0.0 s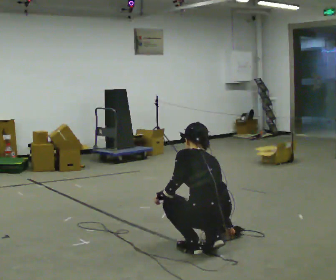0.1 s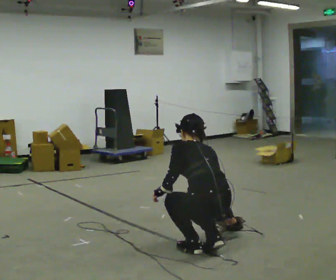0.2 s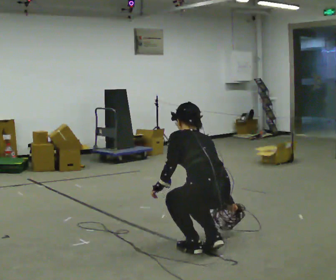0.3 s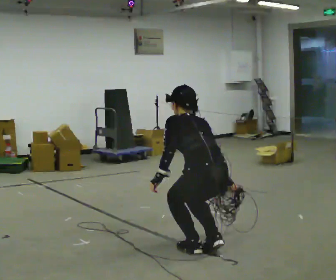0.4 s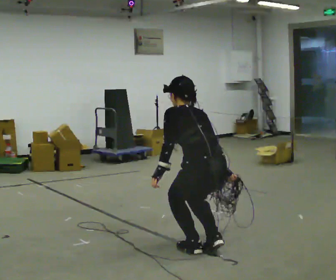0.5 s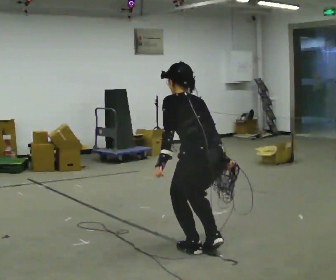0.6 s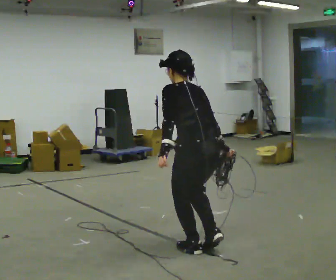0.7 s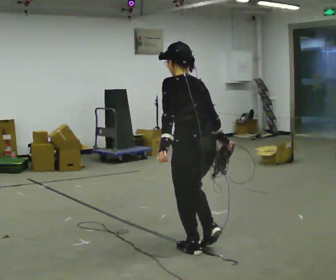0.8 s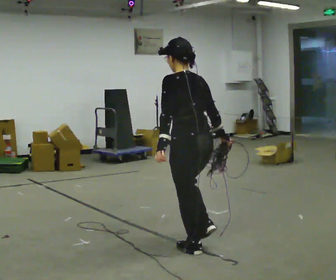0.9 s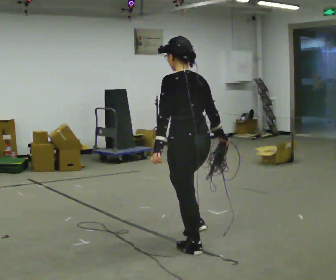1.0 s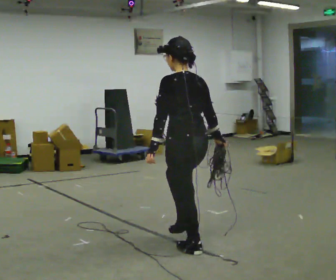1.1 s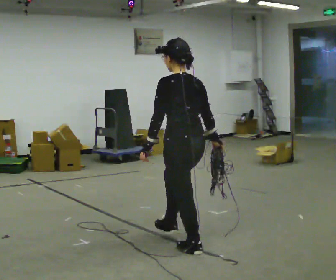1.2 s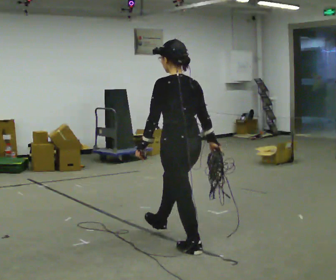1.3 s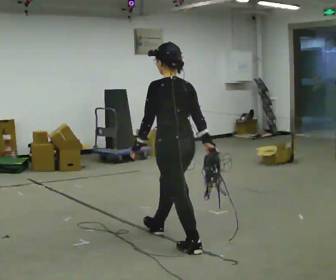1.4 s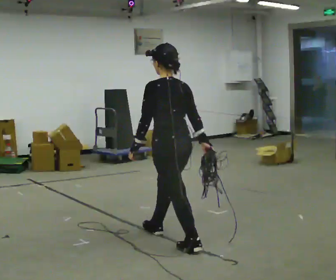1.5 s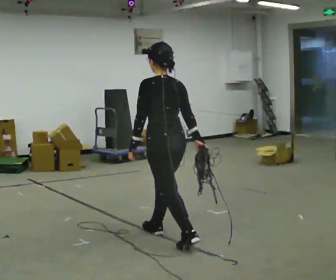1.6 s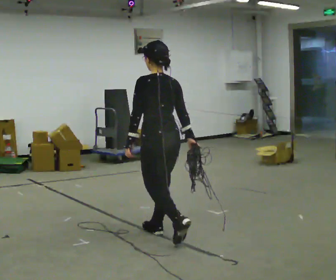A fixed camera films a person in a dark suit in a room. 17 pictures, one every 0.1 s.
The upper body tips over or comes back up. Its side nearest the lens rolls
downward.
Their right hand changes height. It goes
upward.
0.0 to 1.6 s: In the picture they go to the left and away from the camera, about 0.75 m in 1 step, which for them is forward. The shoulders move upward. The upper body tips toward the camera, its near side rolling downward, as they lean back or straighten. In the picture their left hand goes upward.
The film runs forward here.
